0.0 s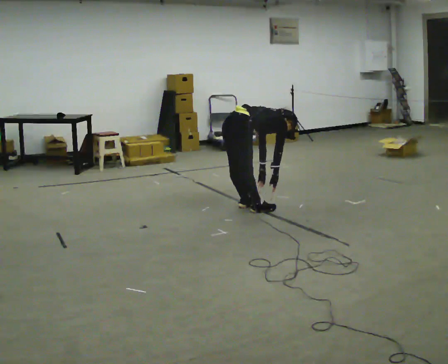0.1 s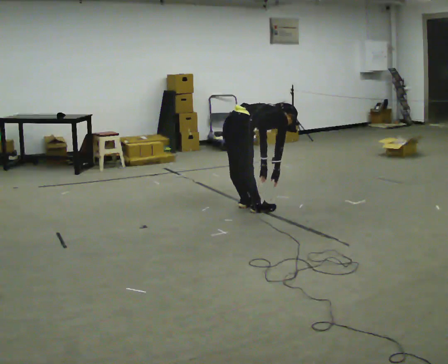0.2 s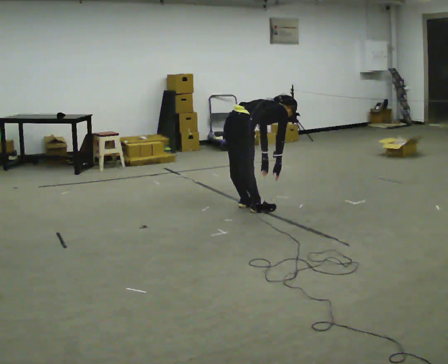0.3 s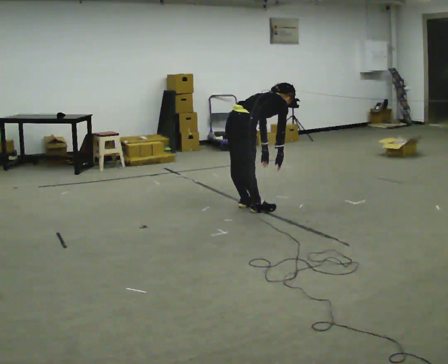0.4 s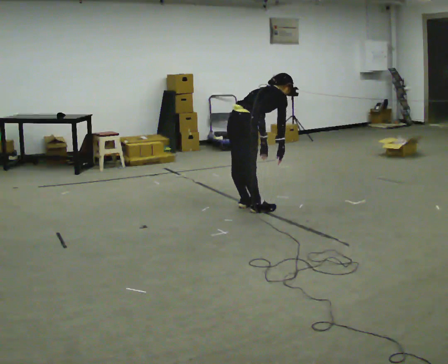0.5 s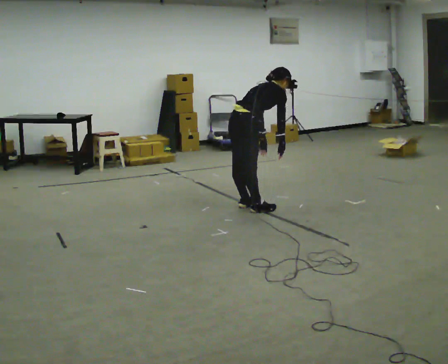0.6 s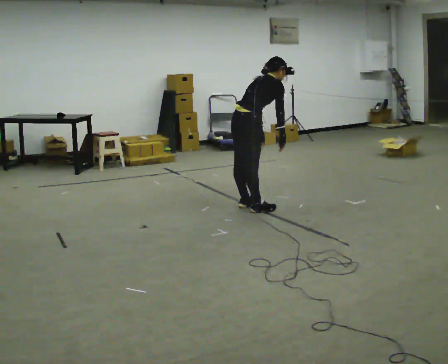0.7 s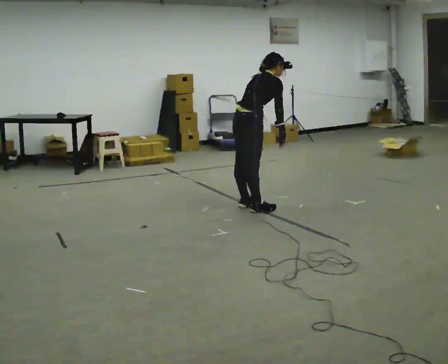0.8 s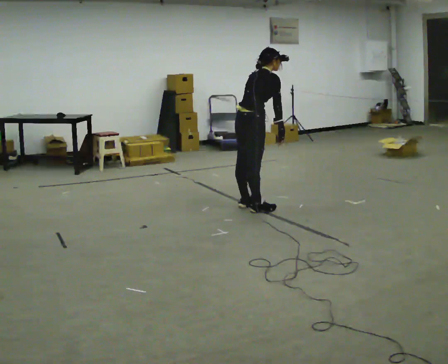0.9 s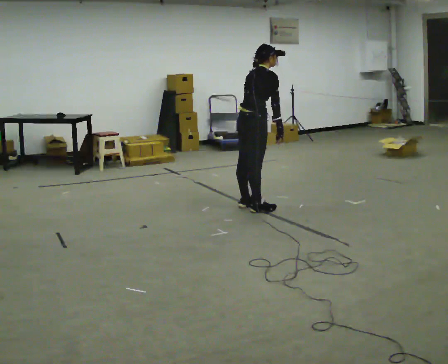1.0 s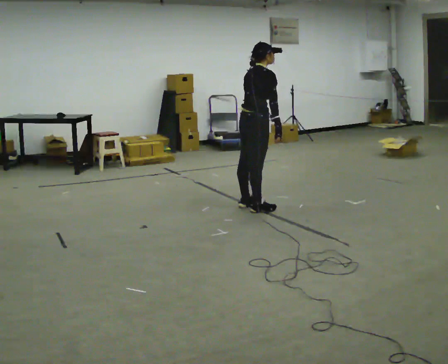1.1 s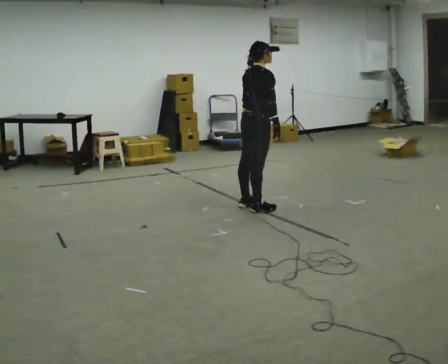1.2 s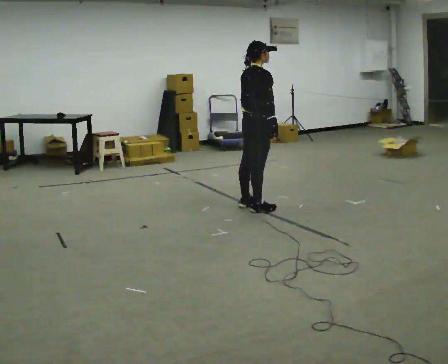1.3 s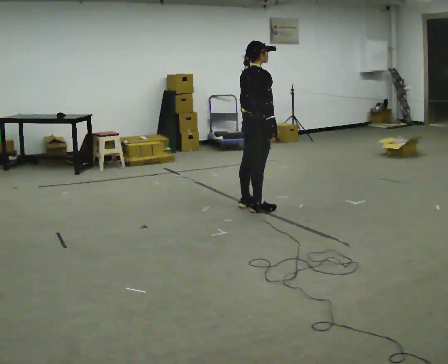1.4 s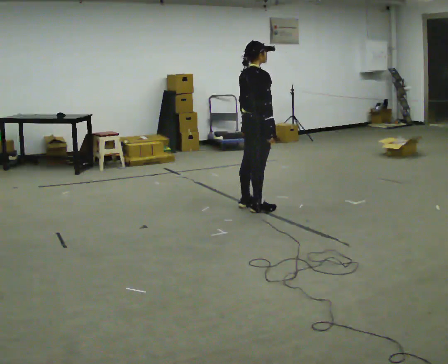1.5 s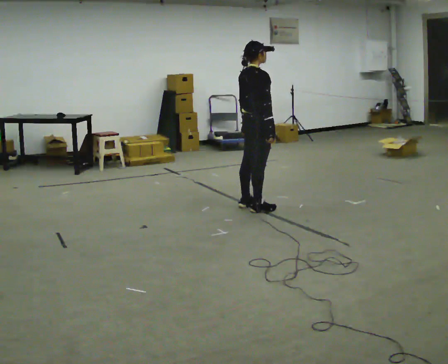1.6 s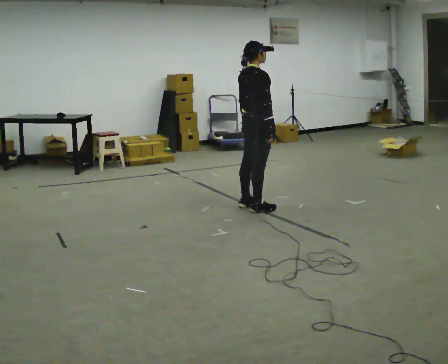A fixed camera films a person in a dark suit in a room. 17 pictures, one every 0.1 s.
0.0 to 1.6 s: The upper body goes upward. In the picture the upper body tilts counterclockwise, shoulders to the left, as they lean back or straighten. In the picture their left hand goes upward.
The film runs forward here.
